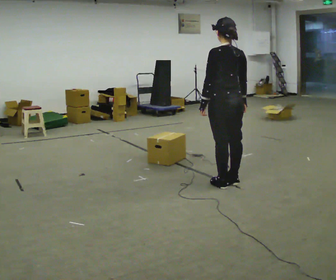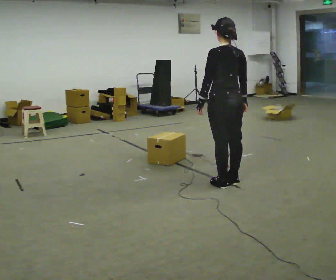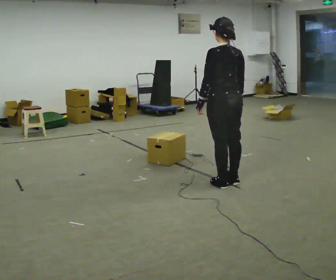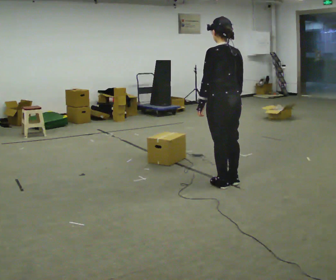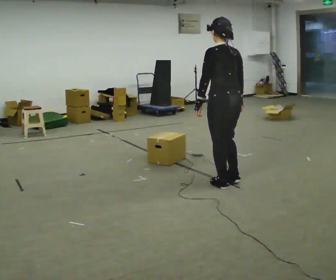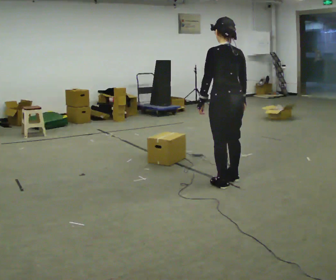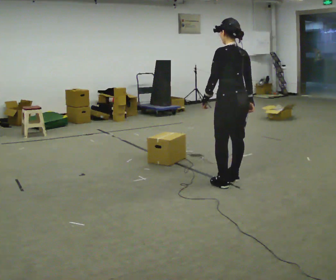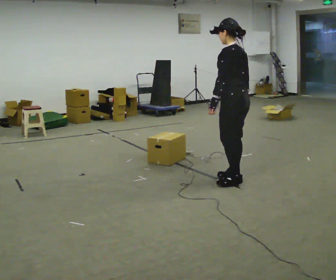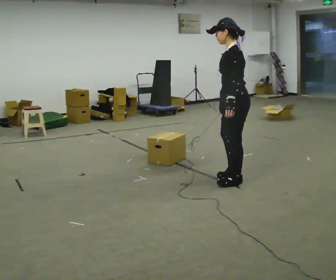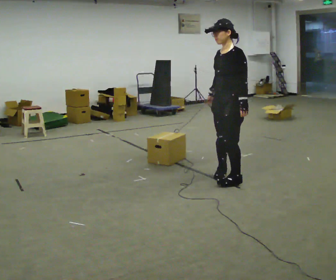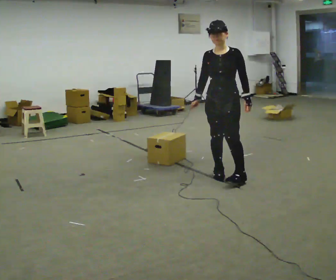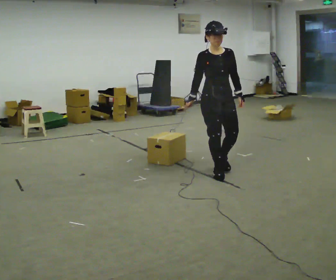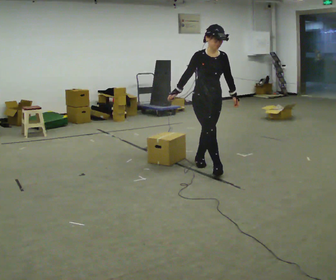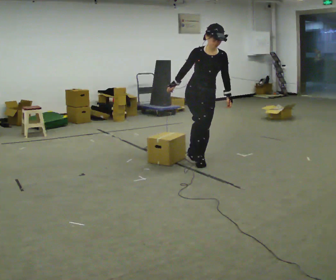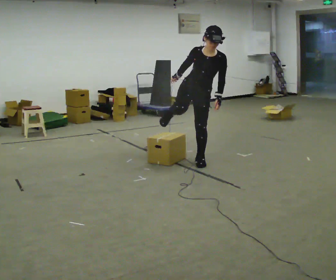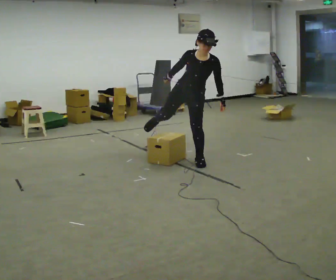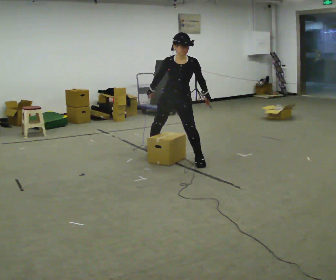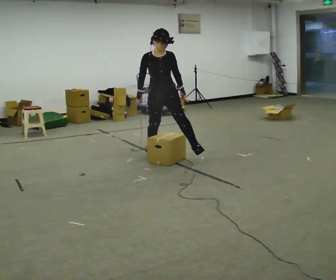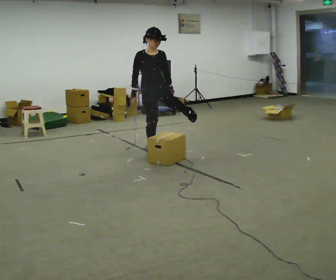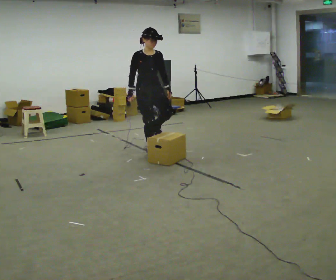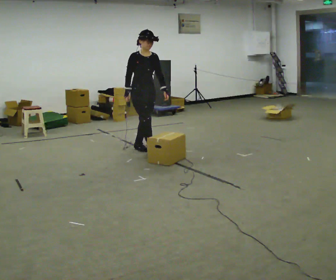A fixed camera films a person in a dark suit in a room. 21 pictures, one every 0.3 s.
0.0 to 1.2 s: The person moves a little, or ends about where they began.
1.2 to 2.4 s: Seen from above the body turns counterclockwise, about 30 degrees: to their left, with its near side sliding to the right.
2.4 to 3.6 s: The person turns about 135 degrees to their left, counterclockwise seen from above, so the part of the body nearest the lens slides to the right. In the picture they go to the left and away from the camera, about 0.5 m in 2 steps.
3.6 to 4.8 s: Seen from above the body turns clockwise, about 30 degrees: to their right, with its near side sliding to the left. In the picture they go away from the camera and to the left, about 0.5 m in 1 step, which for them is backward and to their right. The upper body tips toward the camera, its near side rolling downward, as they bend forward.
4.8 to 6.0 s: The person turns about 30 degrees to their left, counterclockwise seen from above, so the part of the body nearest the lens slides to the right. In the picture they go to the left and away from the camera, about 0.5 m in 1 step, which for them is backward and to their right. The upper body tips away from the camera, its near side rolling upward, as they lean back or straighten.
The film runs backward here.
